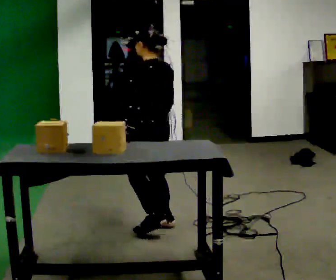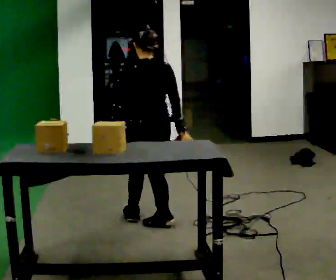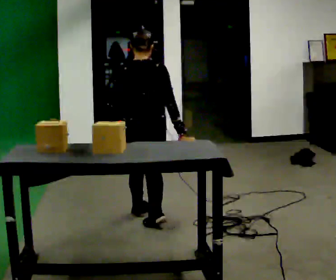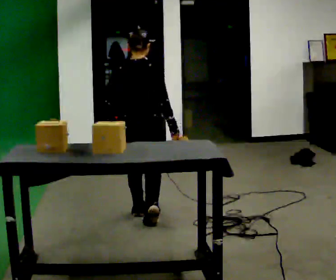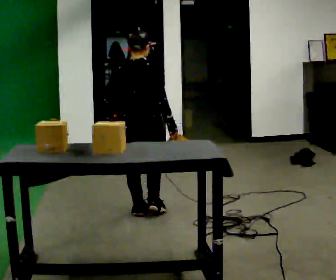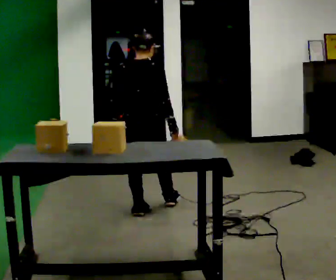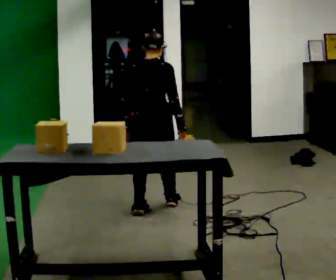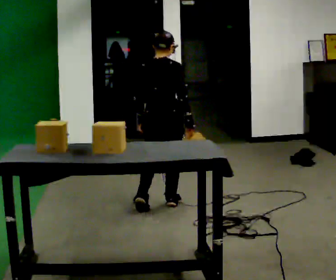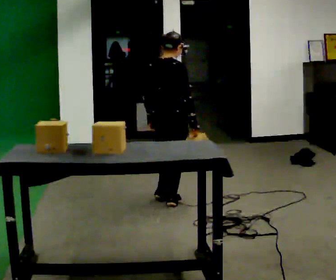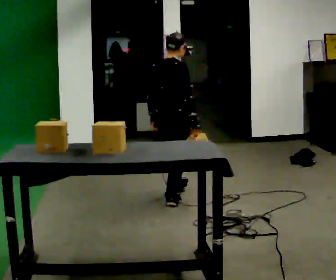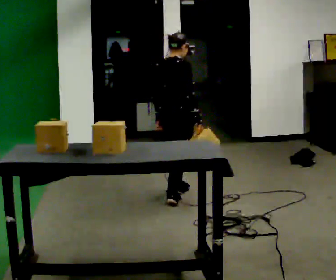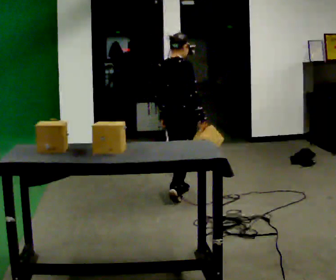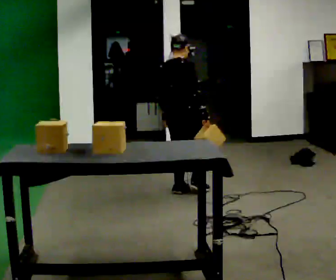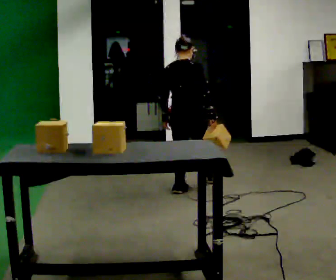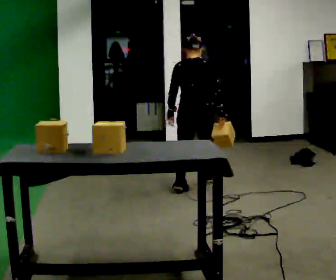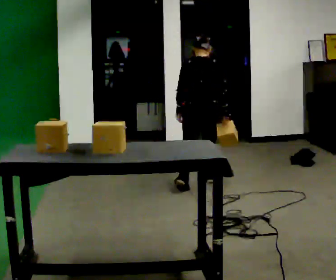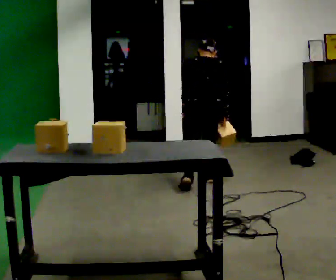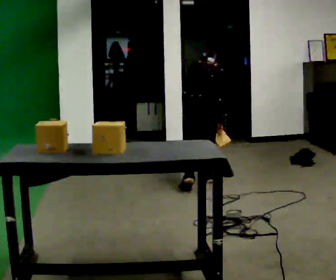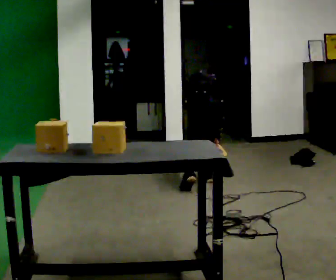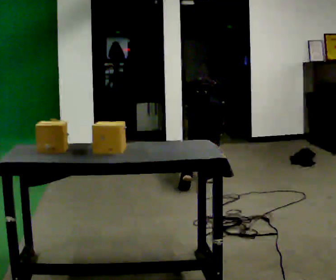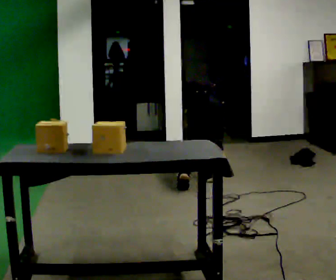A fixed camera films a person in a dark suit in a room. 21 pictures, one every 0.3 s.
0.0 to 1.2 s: The part of the body nearest the lens slides to the left as the person turns to their right by about 75 degrees. In the picture they go away from the camera, about 0.25 m in 1 step.
1.2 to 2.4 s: In the picture they go away from the camera and to the right, about 0.25 m in 1 step, which for them is forward and to their right.
2.4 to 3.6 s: In the picture they go away from the camera, about 0.5 m in 1 step, which for them is forward.
3.6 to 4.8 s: Seen from above the body turns counterclockwise, about 45 degrees: to their left, with its near side sliding to the right. In the picture they go away from the camera and to the right, about 0.25 m in 1 step, which for them is forward and to their right. The upper body tips away from the camera, its near side rolling upward, as they bend forward.
4.8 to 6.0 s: The upper body goes downward. The upper body tips away from the camera, its near side rolling upward, as they bend forward.
The film runs forward here.
